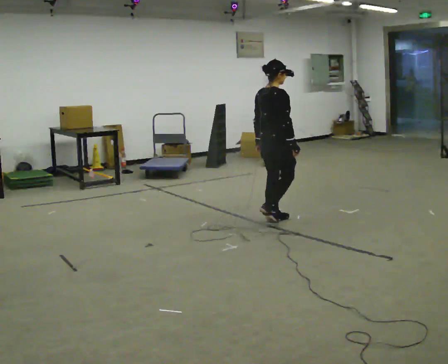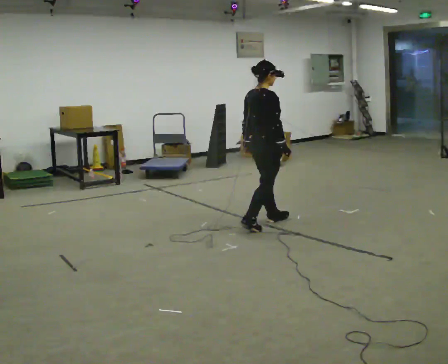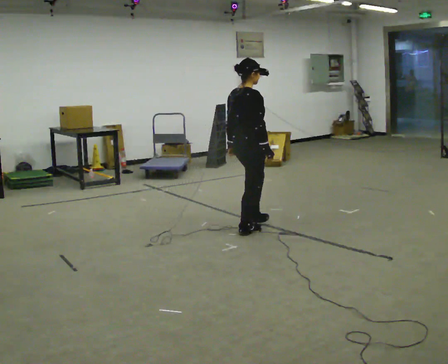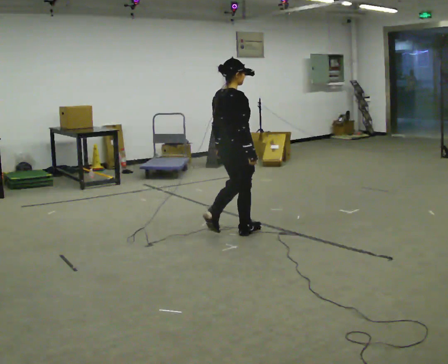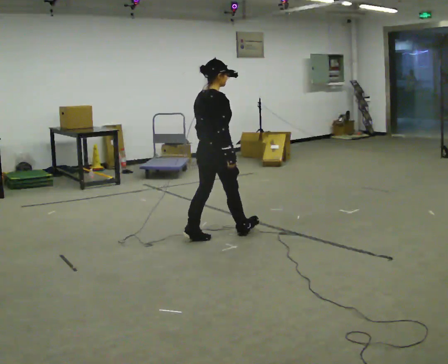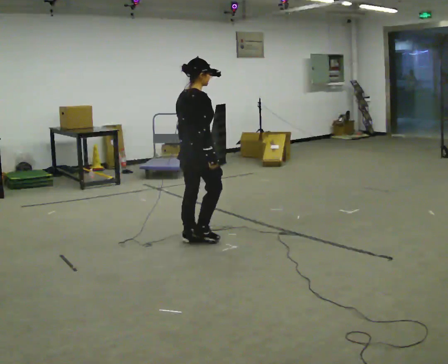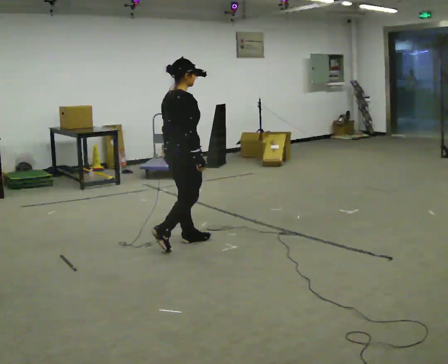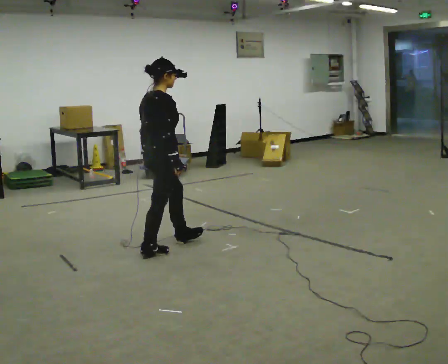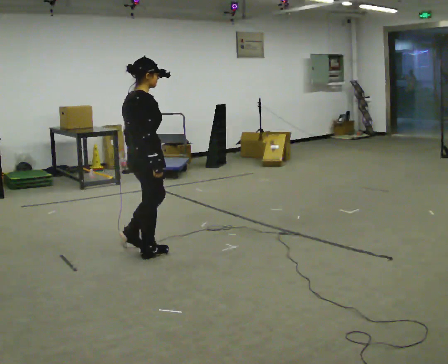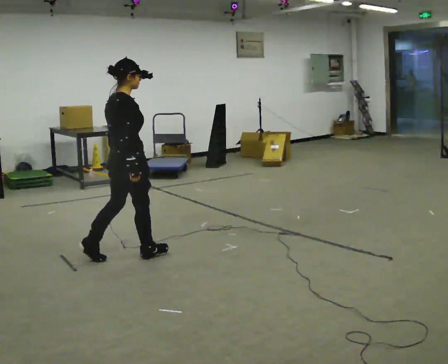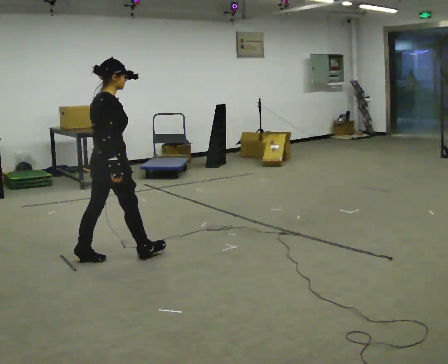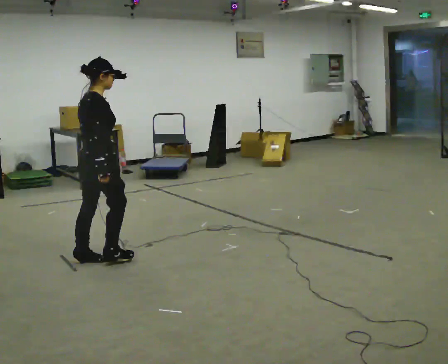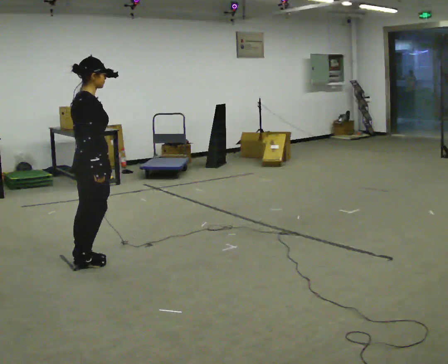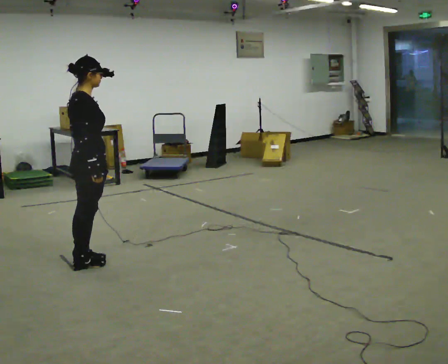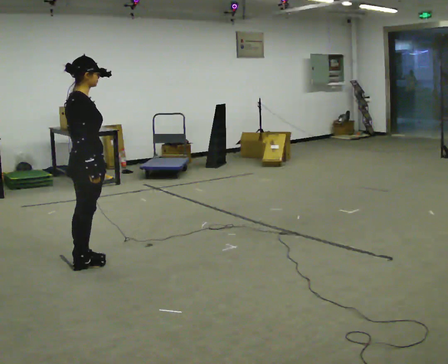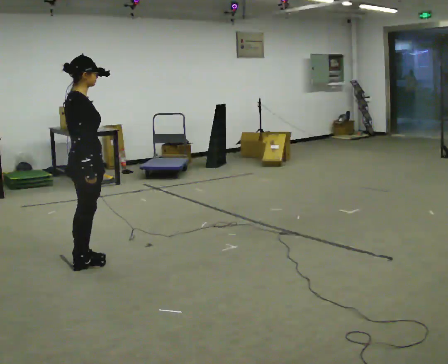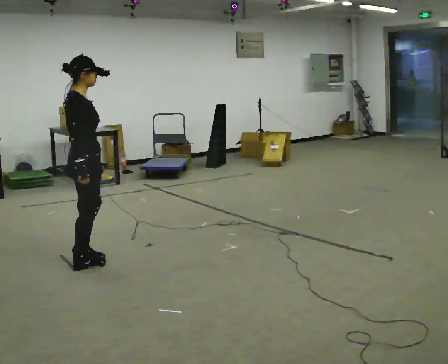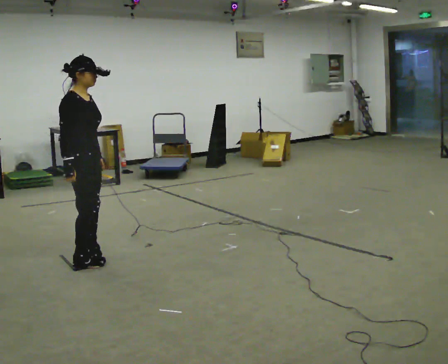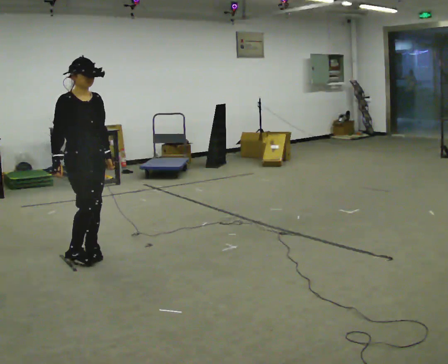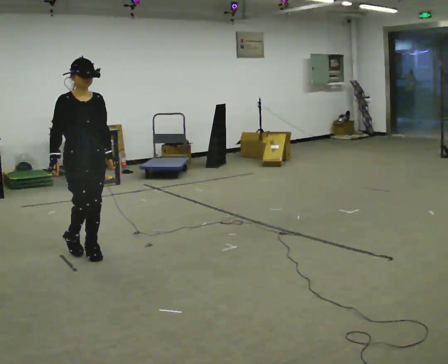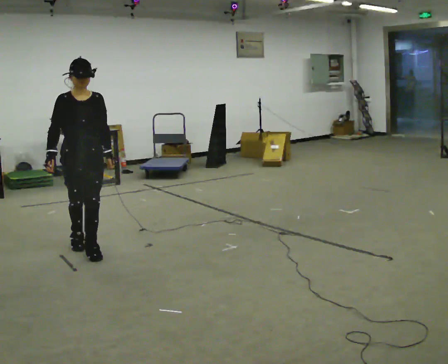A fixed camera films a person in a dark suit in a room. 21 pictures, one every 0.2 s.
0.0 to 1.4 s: In the picture they go to the left and toward the camera, about 1 m in 3 steps, which for them is backward.
1.4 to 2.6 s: In the picture they go to the left, about 0.5 m in 1 step, which for them is backward.
2.6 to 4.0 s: Seen from above the body turns clockwise, about 90 degrees: to their right, with its near side sliding to the left. In the picture they go away from the camera, about 0.25 m in 2 steps.
The film runs backward here.
